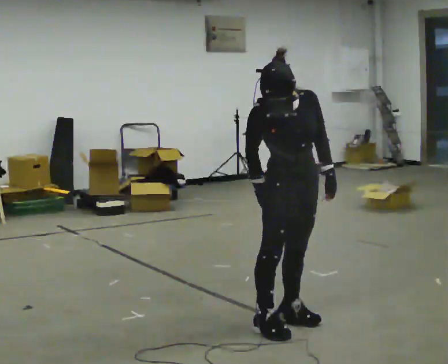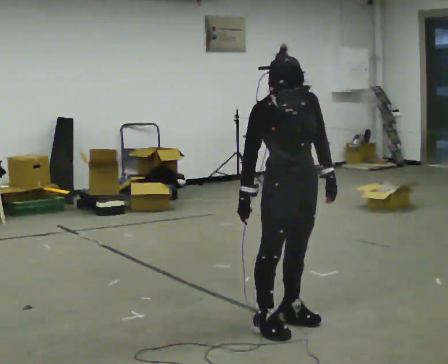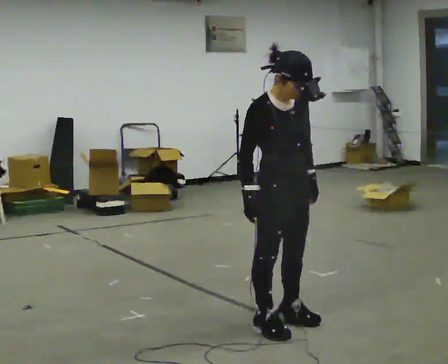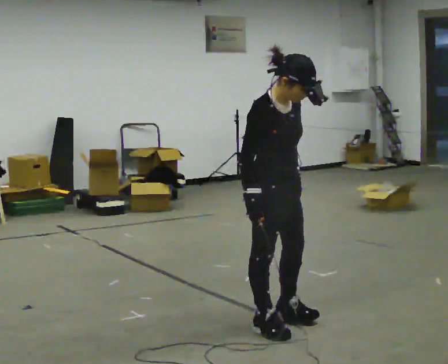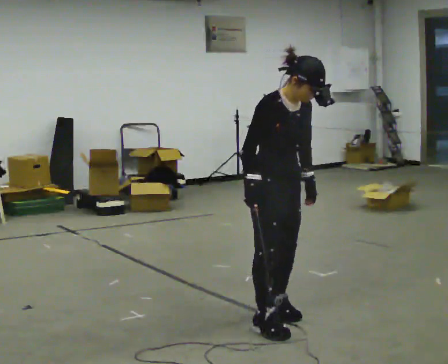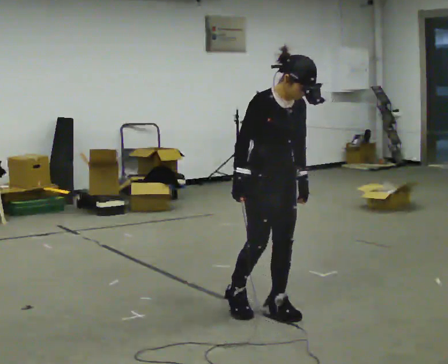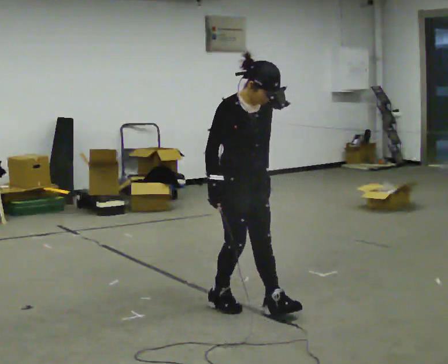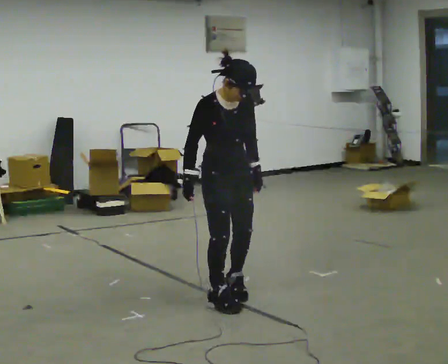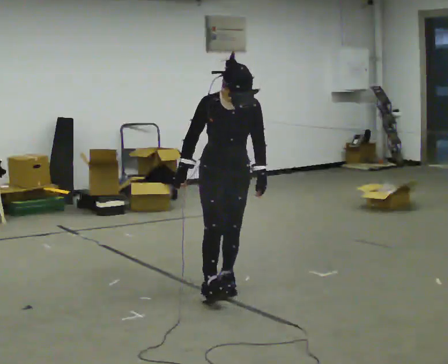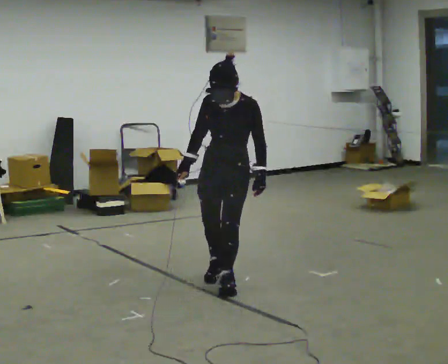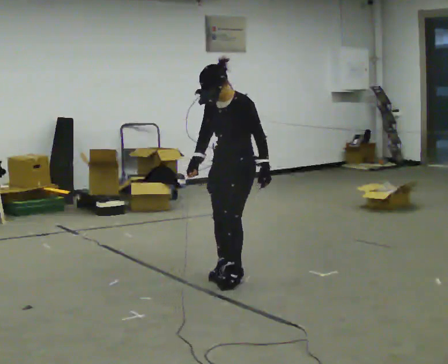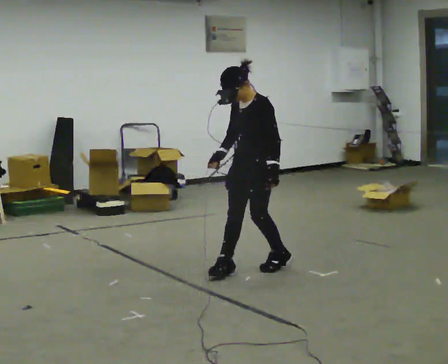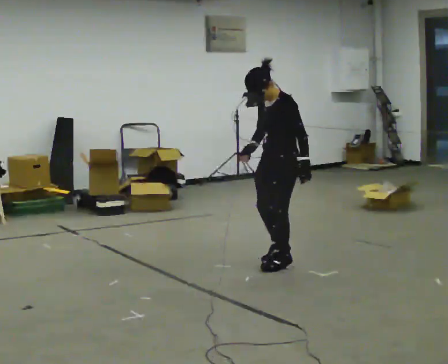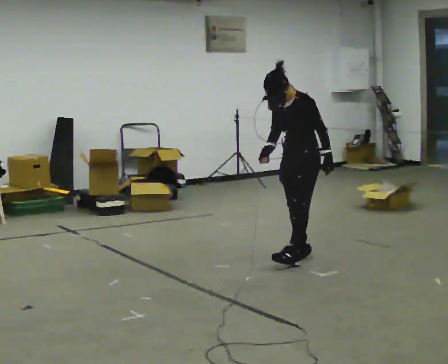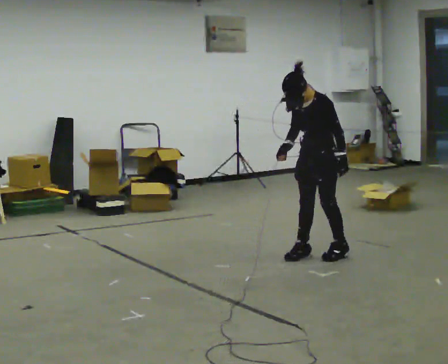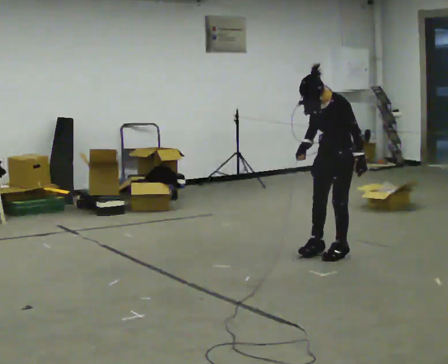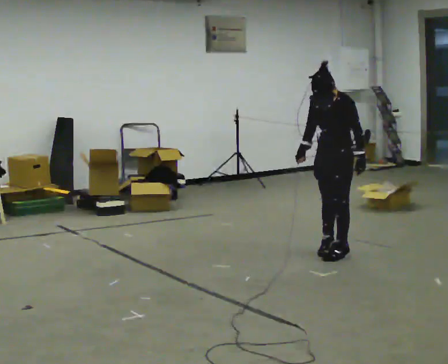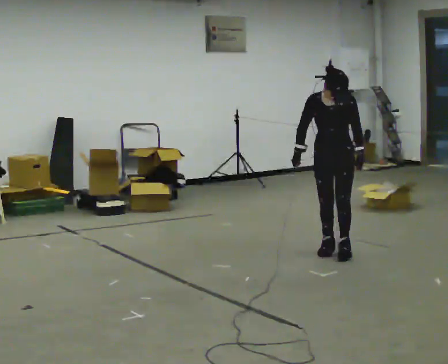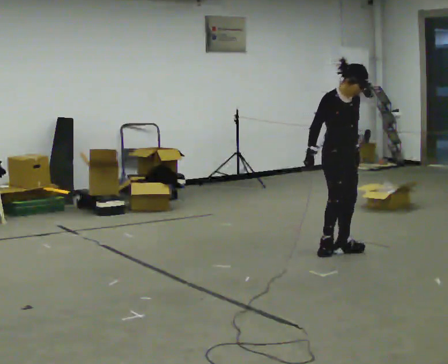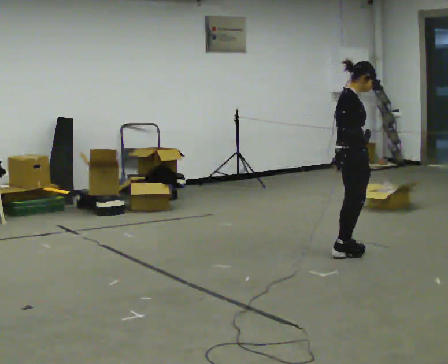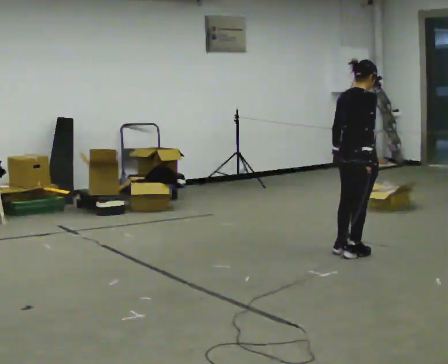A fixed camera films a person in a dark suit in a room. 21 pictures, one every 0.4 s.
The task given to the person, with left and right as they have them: Walk backward several steps, then turn while still moving backward, then continue backward. Operator confirms the space behind you is clear.
0.0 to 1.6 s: In the picture the upper body tilts clockwise, shoulders to the right.
1.6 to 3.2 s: The part of the body nearest the lens slides to the left as the person turns to their right by about 30 degrees. In the picture they go away from the camera and to the left, about 0.5 m in 2 steps, which for them is backward.
3.2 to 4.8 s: Seen from above the body turns clockwise, about 75 degrees: to their right, with its near side sliding to the left. In the picture they go away from the camera and to the right, about 1 m in 2 steps.
4.8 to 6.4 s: In the picture they go to the right and away from the camera, about 0.5 m in 3 steps, which for them is backward.
6.4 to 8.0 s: Seen from above the body turns counterclockwise, about 180 degrees: to their left, with its near side sliding to the right. In the picture their right hand goes to the right.
The film runs forward here.
